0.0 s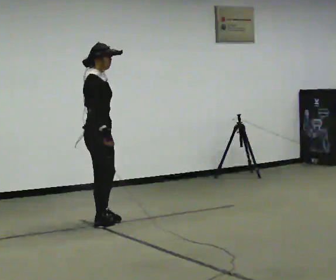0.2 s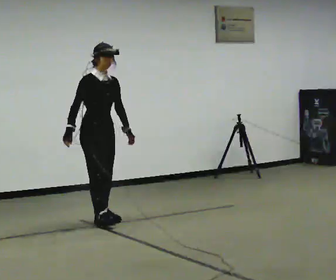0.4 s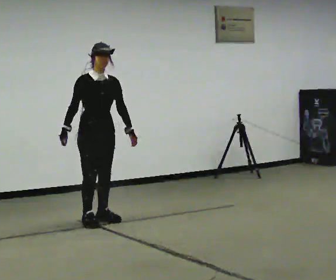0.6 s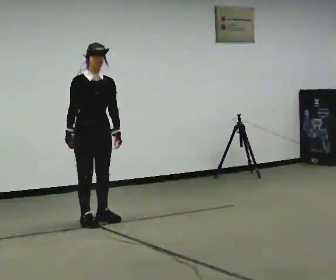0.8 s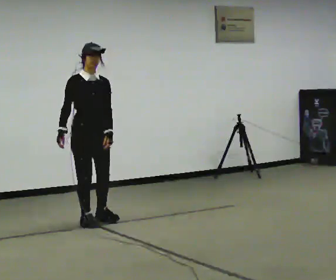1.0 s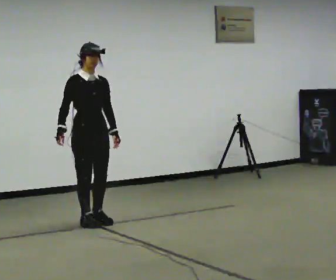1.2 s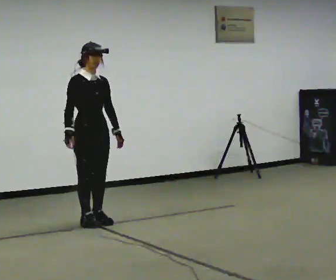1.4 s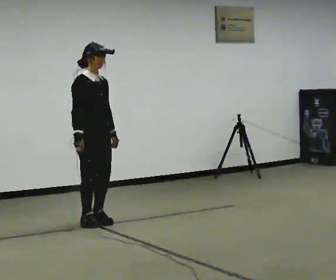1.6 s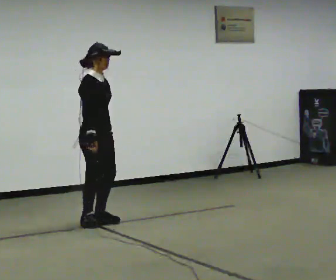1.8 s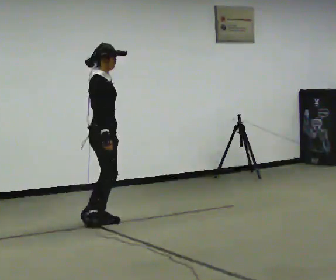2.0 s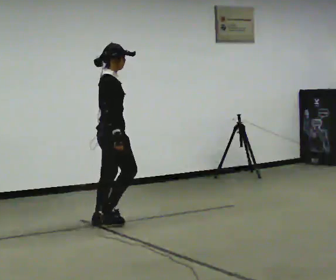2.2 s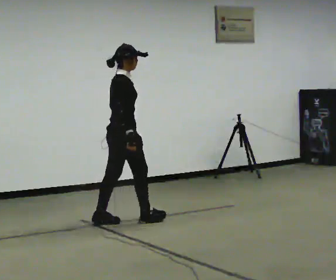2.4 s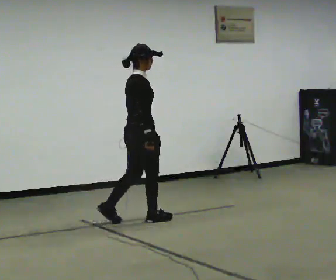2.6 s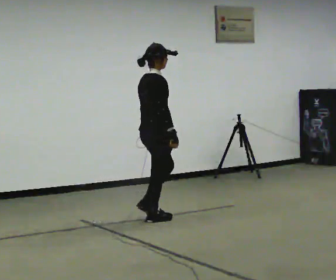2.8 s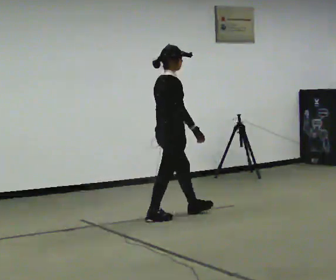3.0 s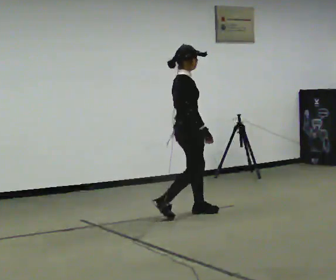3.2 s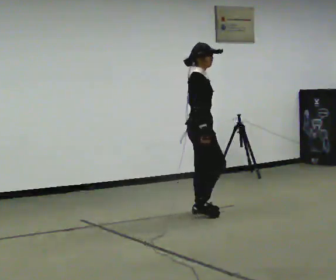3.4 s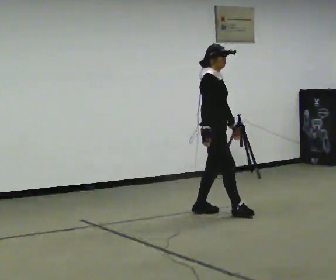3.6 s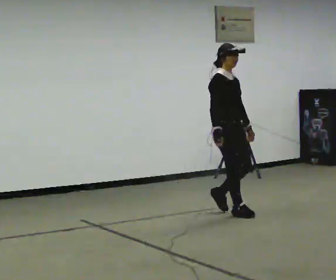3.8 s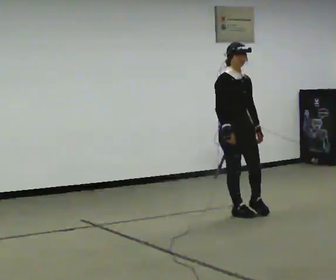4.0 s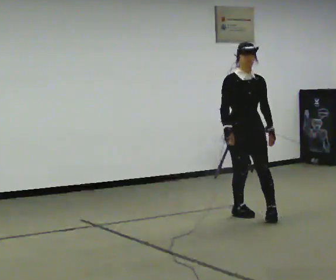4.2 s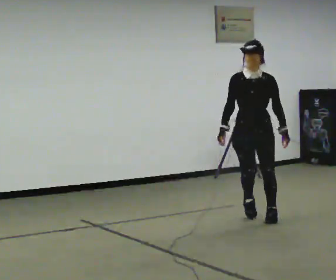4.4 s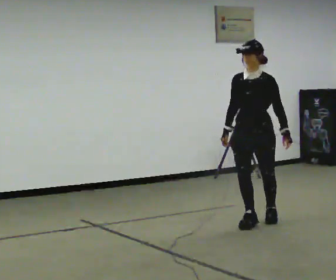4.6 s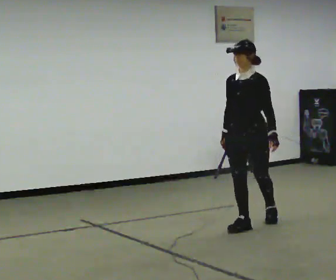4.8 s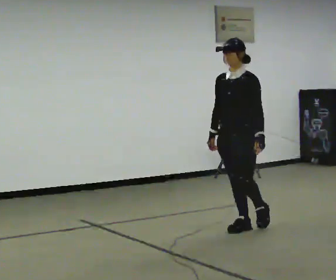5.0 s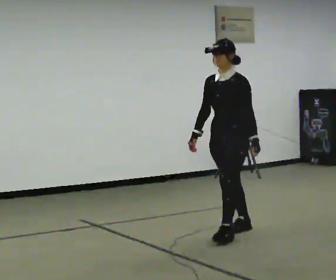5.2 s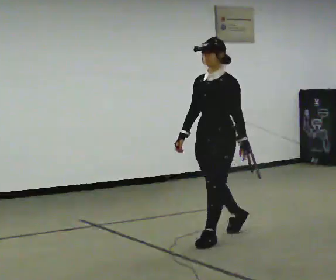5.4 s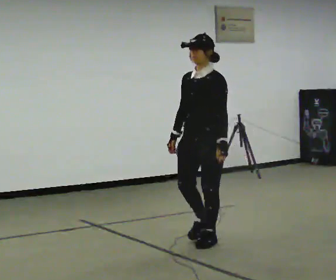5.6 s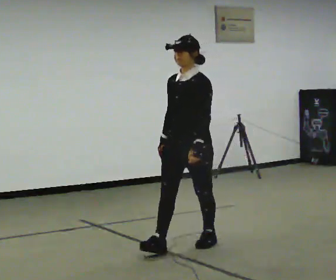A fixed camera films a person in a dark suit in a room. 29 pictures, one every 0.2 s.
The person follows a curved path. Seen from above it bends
clockwise.
0.0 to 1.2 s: The part of the body nearest the lens slides to the left as the person turns to their right by about 30 degrees.
1.2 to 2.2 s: The part of the body nearest the lens slides to the right as the person turns to their left by about 75 degrees. In the picture they go to the right, about 0.25 m.
2.2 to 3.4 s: The person turns about 30 degrees to their right, clockwise seen from above, so the part of the body nearest the lens slides to the left. In the picture they go to the right, about 1 m in 3 steps, which for them is forward.
3.4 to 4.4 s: The part of the body nearest the lens slides to the left as the person turns to their right by about 105 degrees. In the picture they go toward the camera and to the right, about 0.5 m in 1 step.
4.4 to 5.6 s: In the picture they go toward the camera and to the left, about 1 m in 2 steps, which for them is forward.
The film runs forward here.
